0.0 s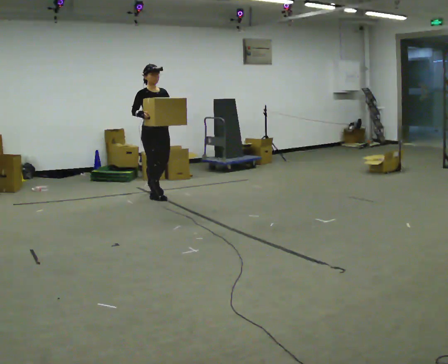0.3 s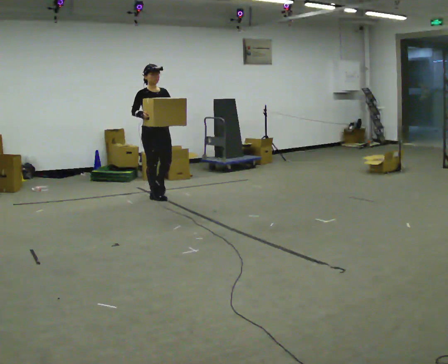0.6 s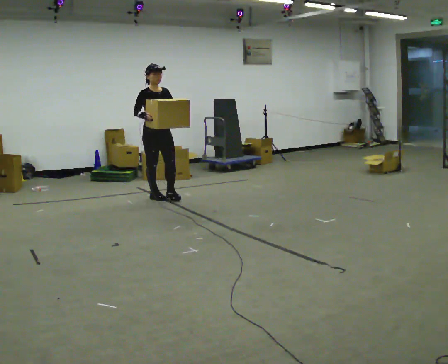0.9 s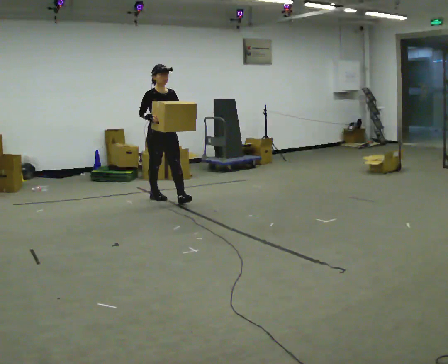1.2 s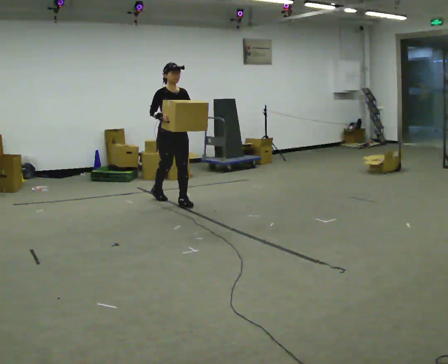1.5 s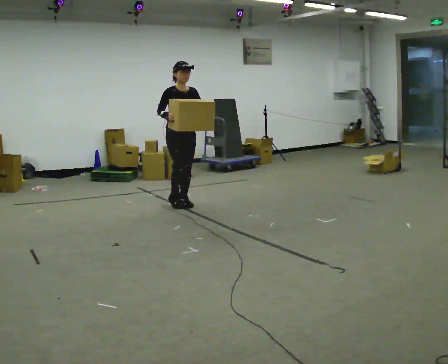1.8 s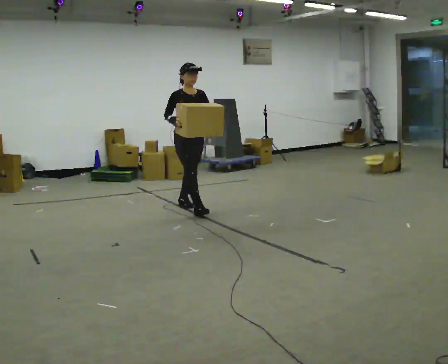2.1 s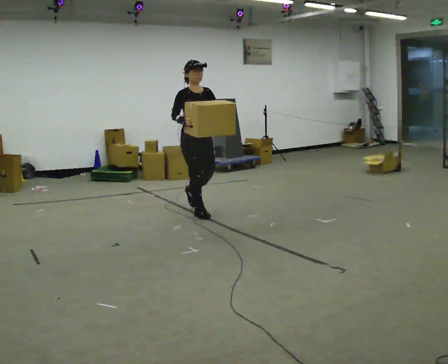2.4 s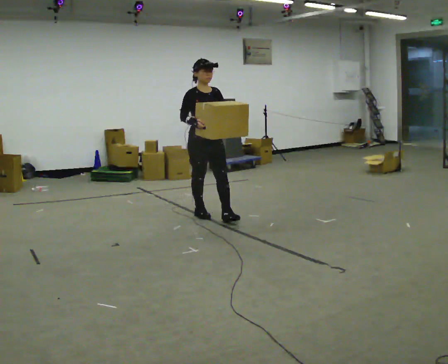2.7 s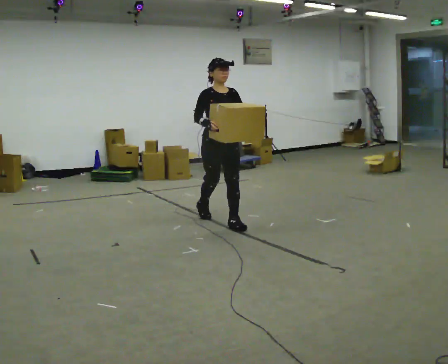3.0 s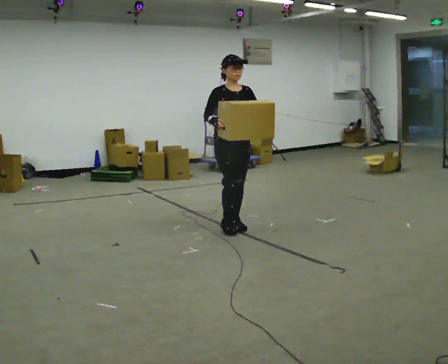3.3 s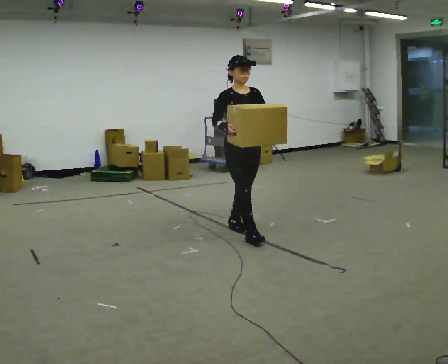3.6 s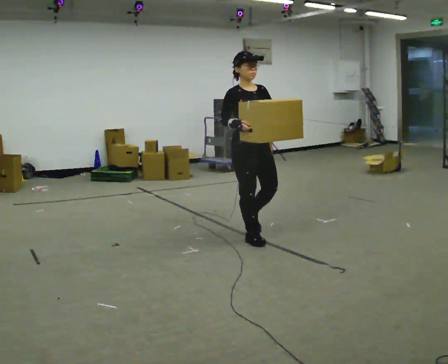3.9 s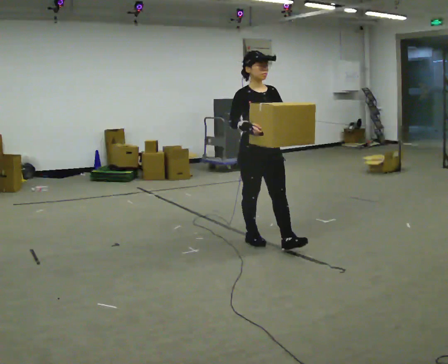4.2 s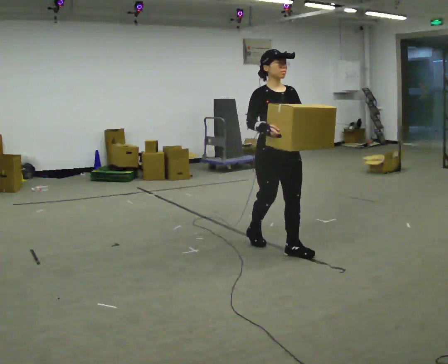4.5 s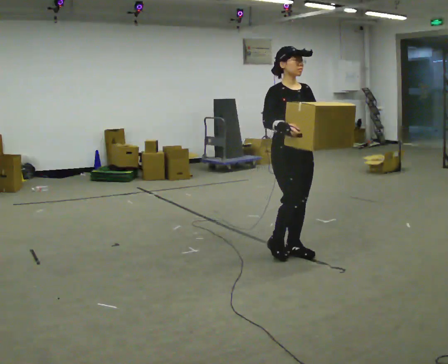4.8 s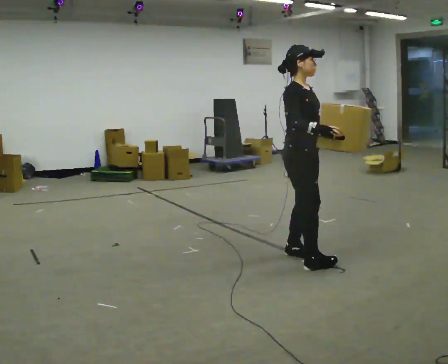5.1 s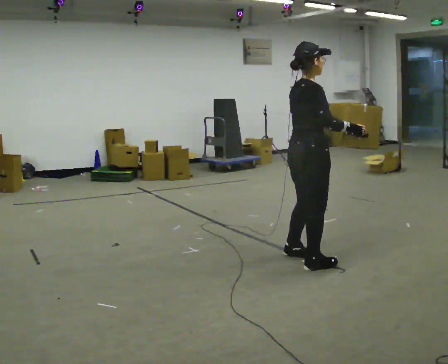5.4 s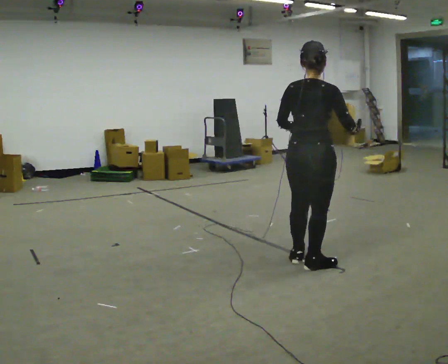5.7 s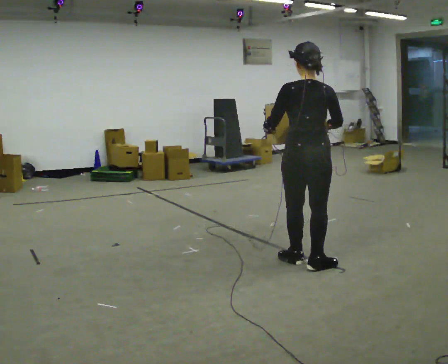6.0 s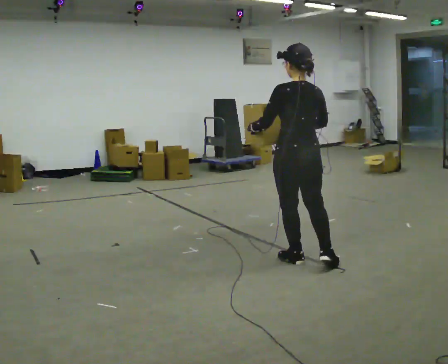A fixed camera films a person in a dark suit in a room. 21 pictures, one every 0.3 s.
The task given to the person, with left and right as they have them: Carry the heavy box in both hands in front of you, walking back and forth across the room. Keep walking until the operator says stop. Set it down if you need a rest.
0.0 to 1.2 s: In the picture they go to the right and toward the camera, about 0.25 m in 1 step, which for them is forward.
1.2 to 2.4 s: In the picture they go toward the camera and to the right, about 1 m in 1 step, which for them is forward.
2.4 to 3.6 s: In the picture they go toward the camera and to the right, about 1 m in 2 steps, which for them is forward.
3.6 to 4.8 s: The person turns about 45 degrees to their left, counterclockwise seen from above, so the part of the body nearest the lens slides to the right. In the picture they go toward the camera and to the right, about 0.75 m in 2 steps, which for them is forward.
4.8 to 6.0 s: The part of the body nearest the lens slides to the right as the person turns to their left by about 120 degrees.
The film runs forward here.
